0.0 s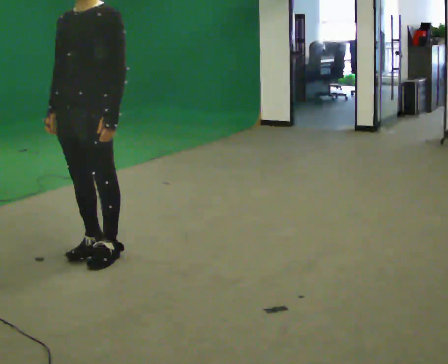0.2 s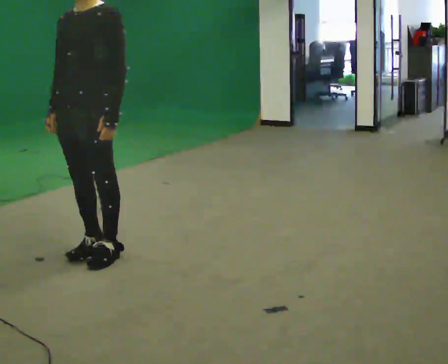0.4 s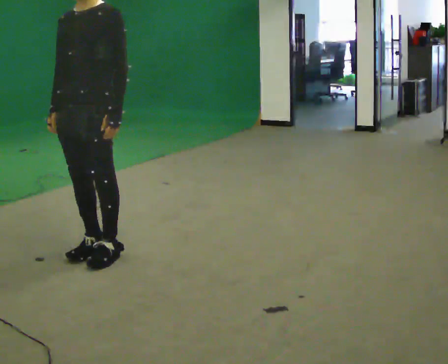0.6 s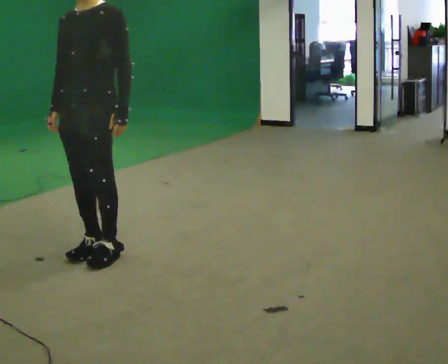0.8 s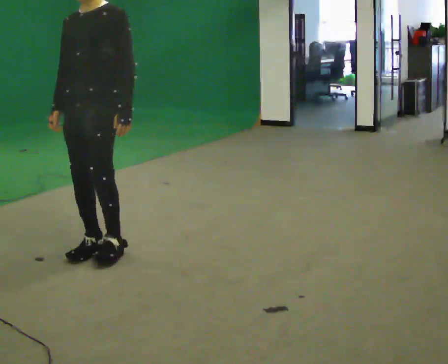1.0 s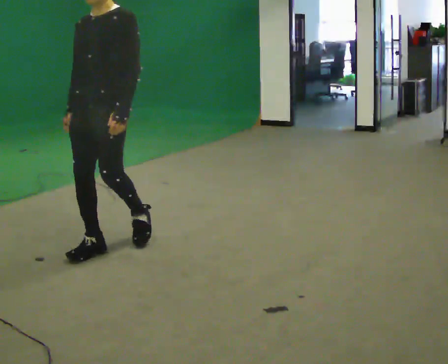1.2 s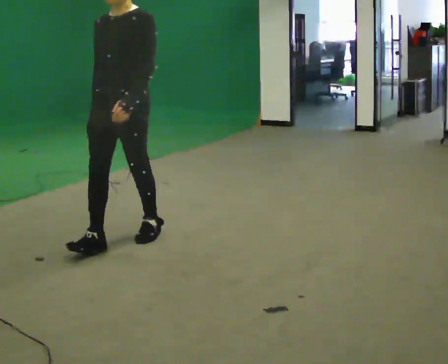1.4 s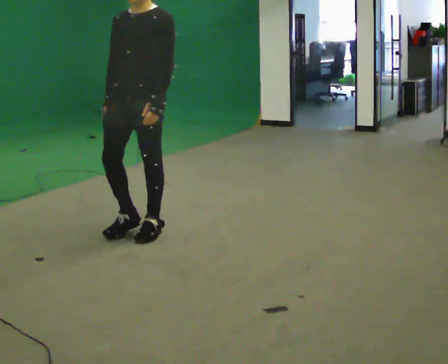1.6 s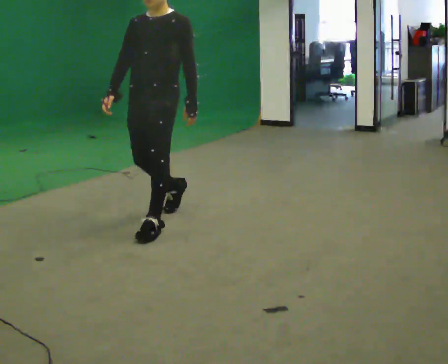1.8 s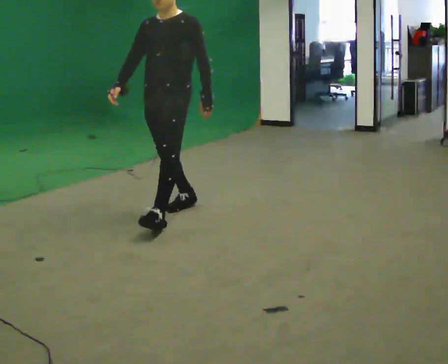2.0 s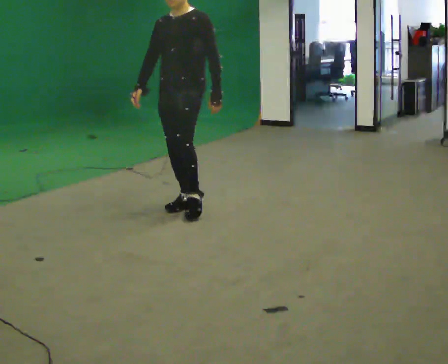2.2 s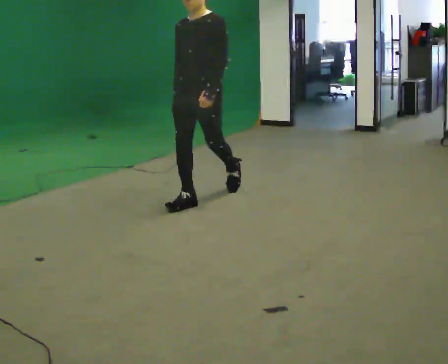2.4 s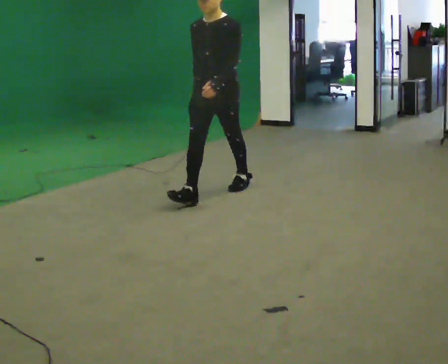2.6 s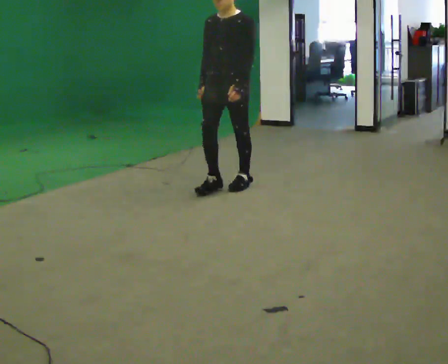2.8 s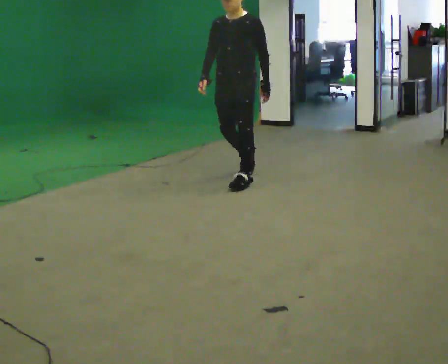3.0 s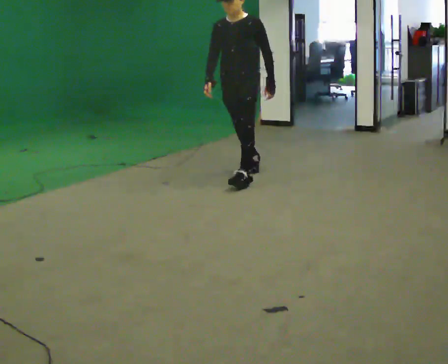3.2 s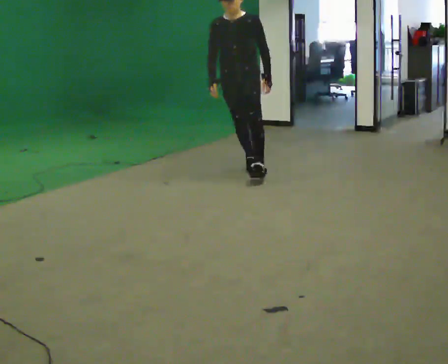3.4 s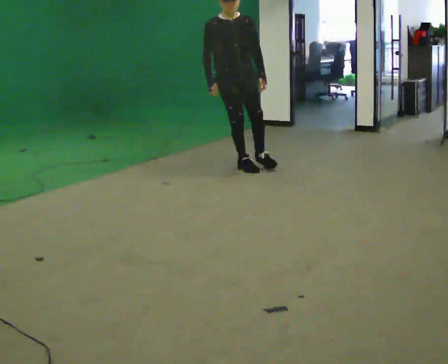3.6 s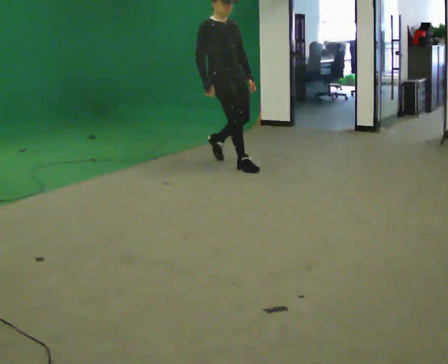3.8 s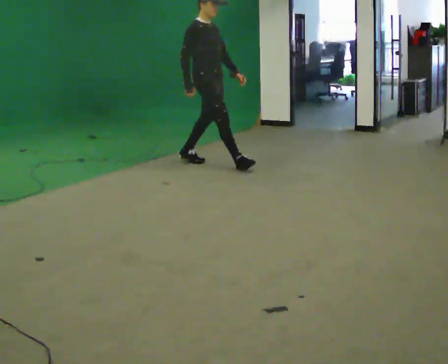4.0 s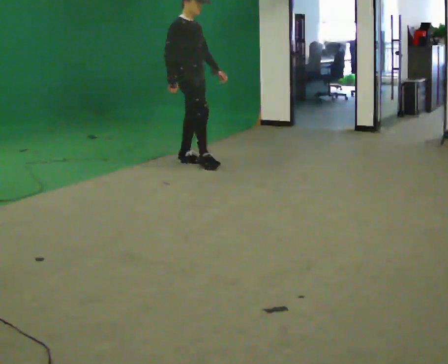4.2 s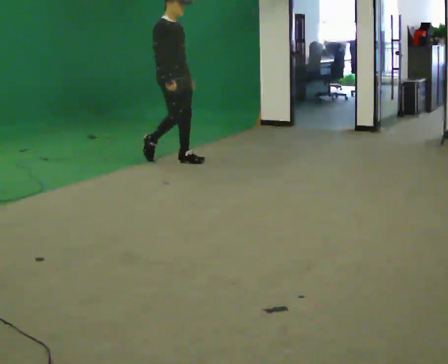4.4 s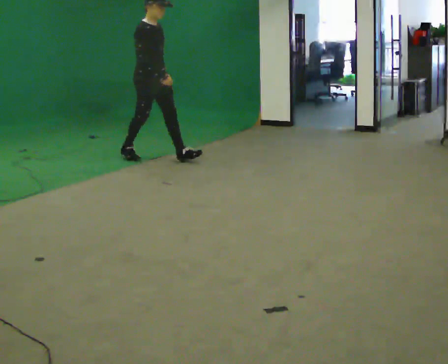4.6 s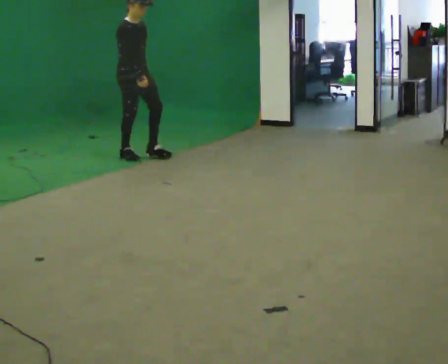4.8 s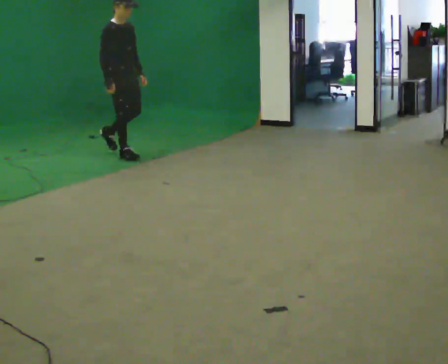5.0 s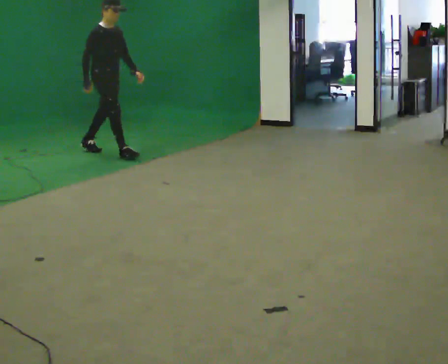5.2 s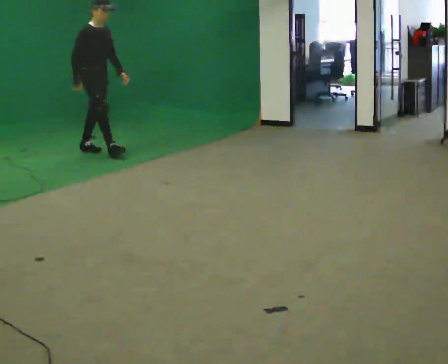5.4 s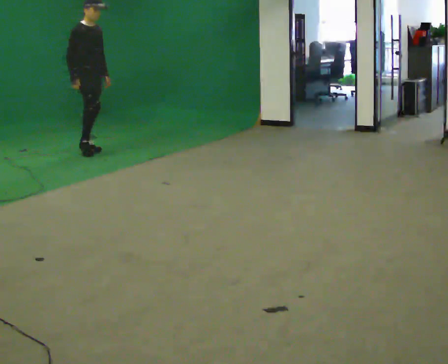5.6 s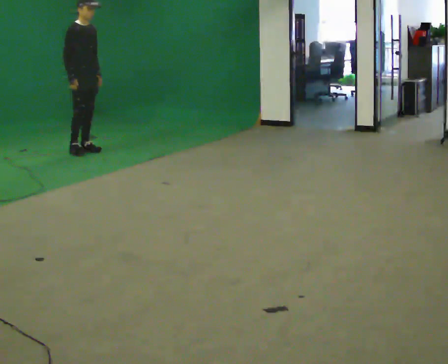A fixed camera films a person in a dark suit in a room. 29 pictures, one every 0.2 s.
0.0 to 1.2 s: In the picture they go away from the camera, about 0.25 m in 2 steps, which for them is backward.
1.2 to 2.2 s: In the picture they go away from the camera and to the right, about 1 m in 1 step, which for them is backward.
2.2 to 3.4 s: Seen from above the body turns counterclockwise, about 45 degrees: to their left, with its near side sliding to the right. In the picture they go away from the camera, about 1 m in 2 steps, which for them is backward.
3.4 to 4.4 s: The part of the body nearest the lens slides to the right as the person turns to their left by about 45 degrees. In the picture they go to the left and away from the camera, about 1 m in 2 steps, which for them is backward.
4.4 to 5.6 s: In the picture they go to the left and away from the camera, about 1 m in 1 step, which for them is backward.
The film runs backward here.
